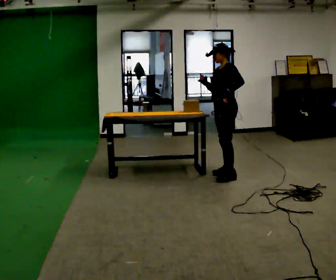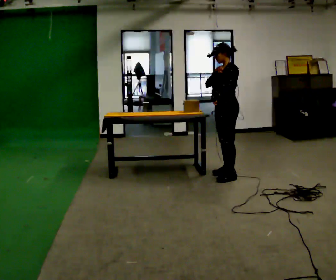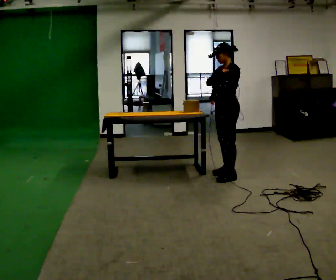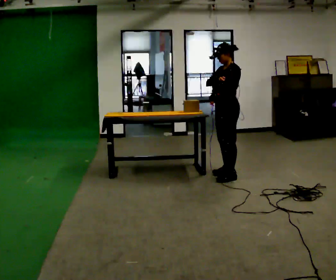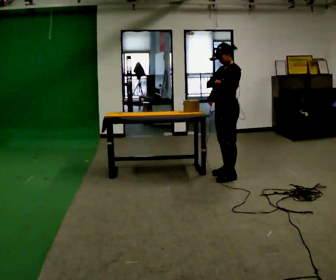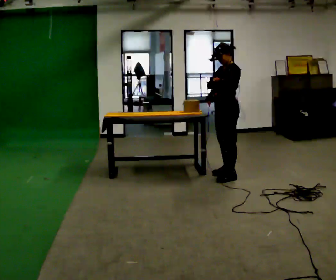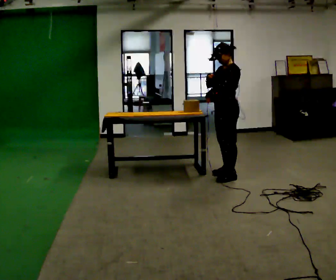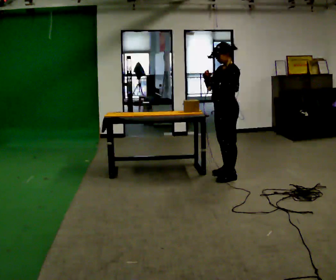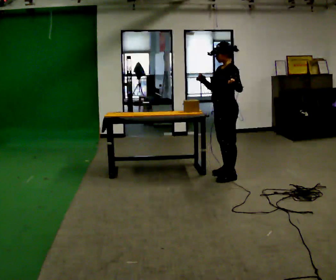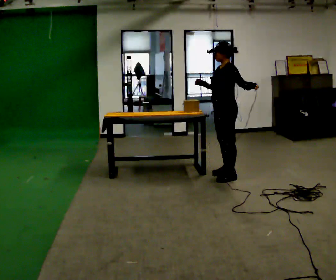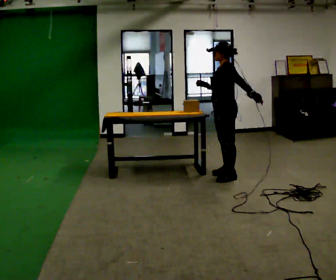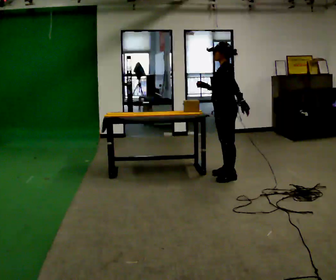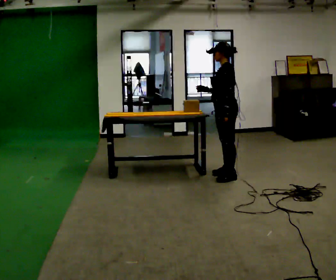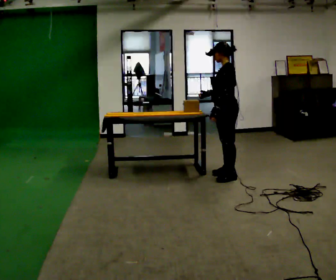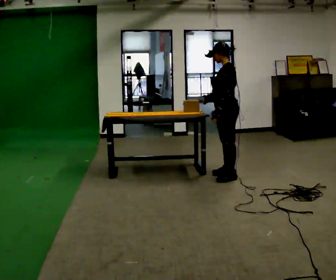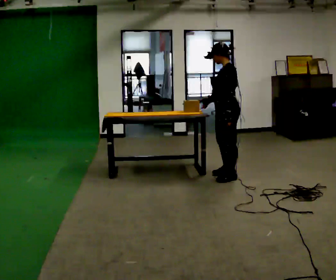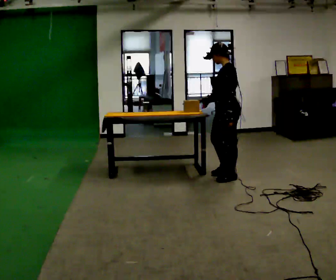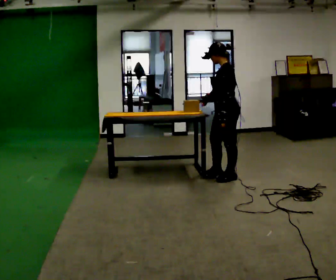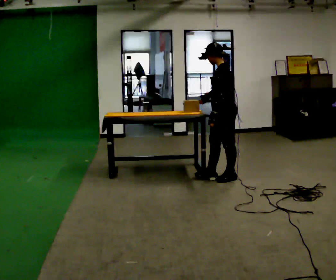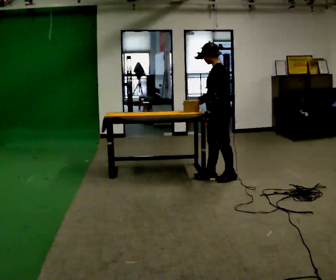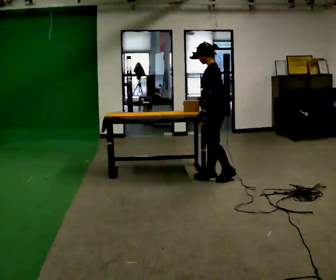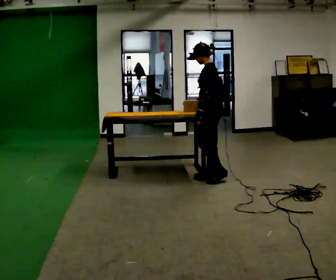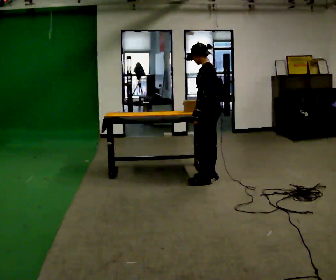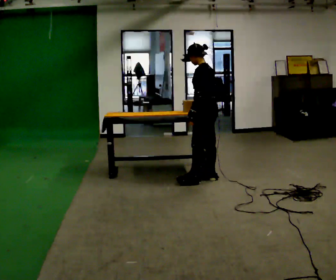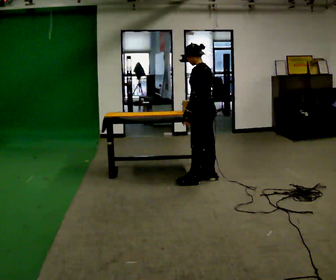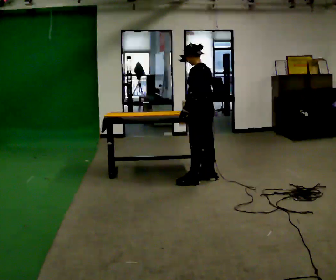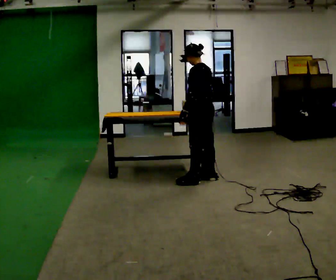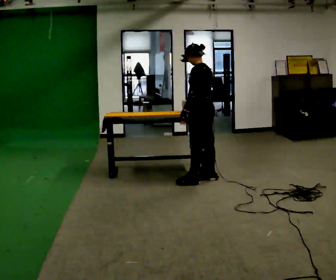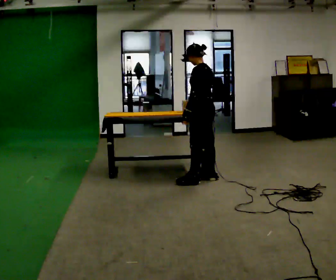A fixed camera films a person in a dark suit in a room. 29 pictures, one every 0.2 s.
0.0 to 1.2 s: The person moves a little, or ends about where they began.
1.2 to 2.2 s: In the picture their left hand goes to the right.
2.2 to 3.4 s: The person moves a little, or ends about where they began.
3.4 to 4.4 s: In the picture they go to the left, about 0.25 m in 1 step, which for them is forward.
4.4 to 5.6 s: The person moves a little, or ends about where they began.
The film runs forward here.
